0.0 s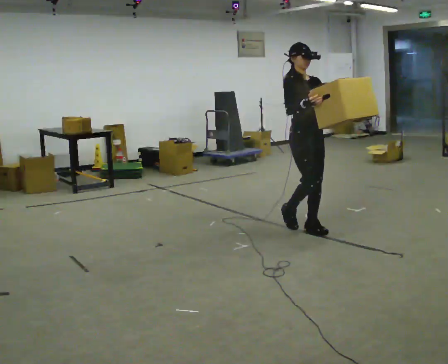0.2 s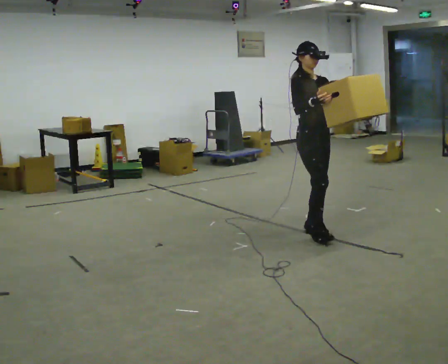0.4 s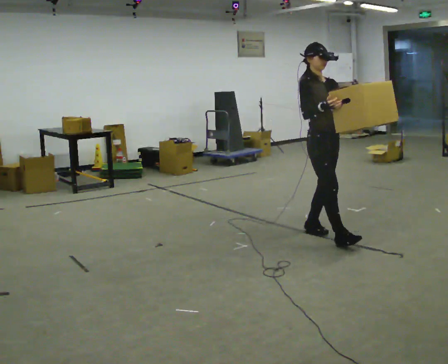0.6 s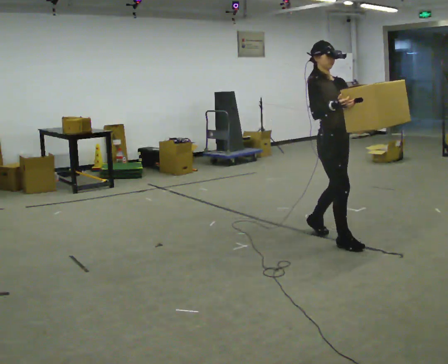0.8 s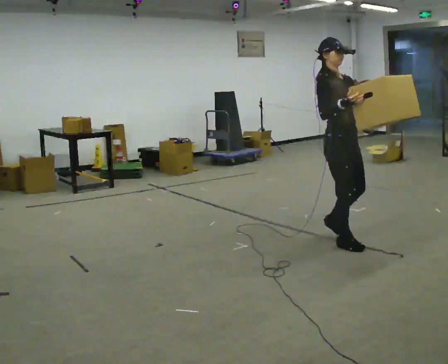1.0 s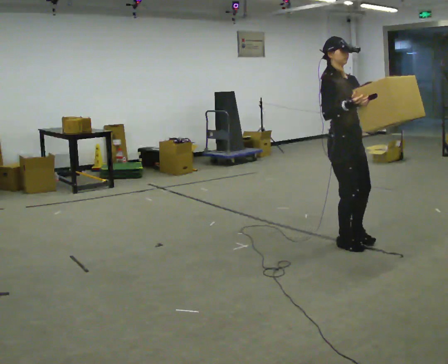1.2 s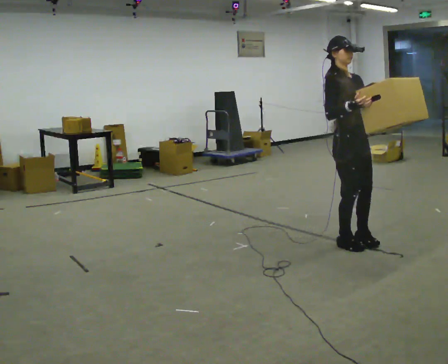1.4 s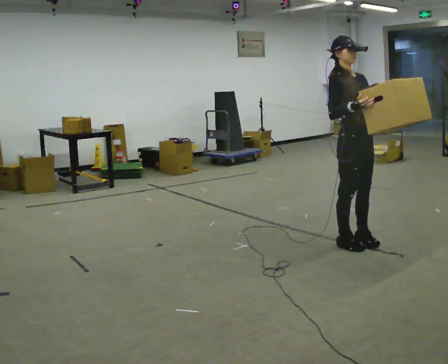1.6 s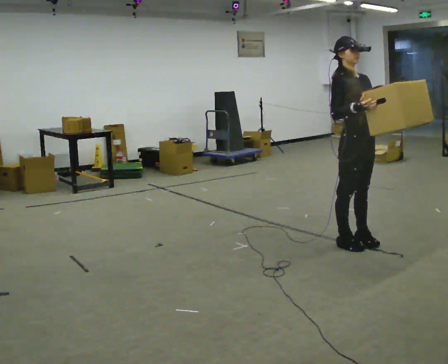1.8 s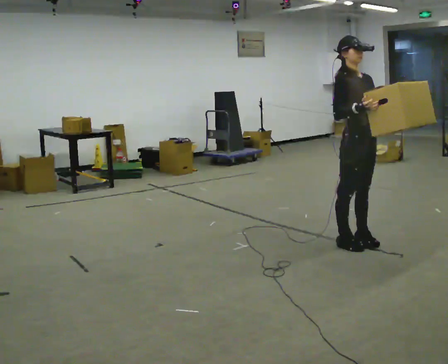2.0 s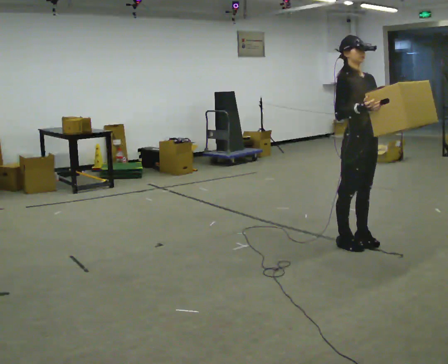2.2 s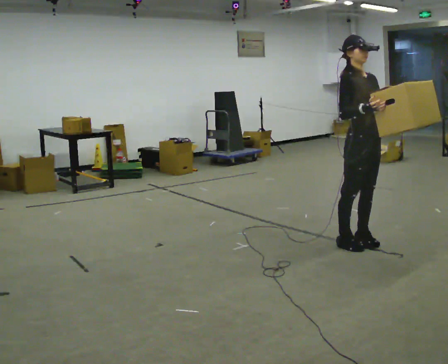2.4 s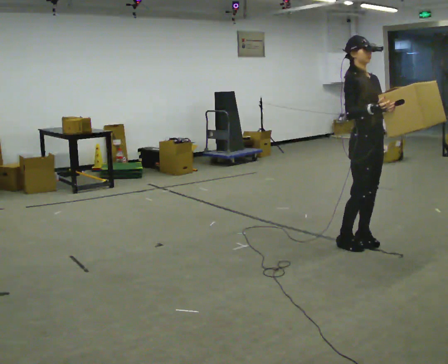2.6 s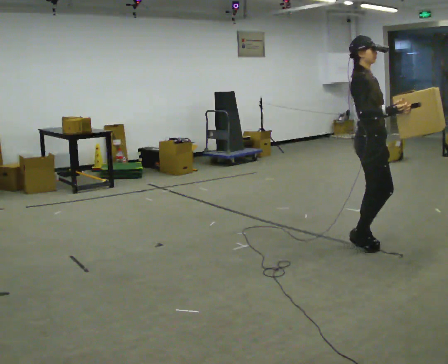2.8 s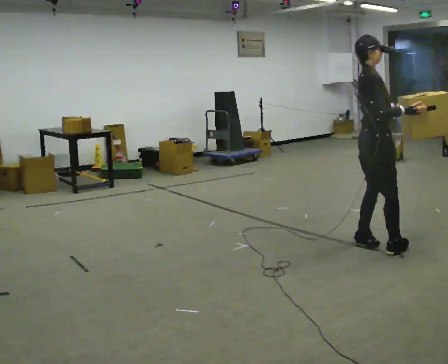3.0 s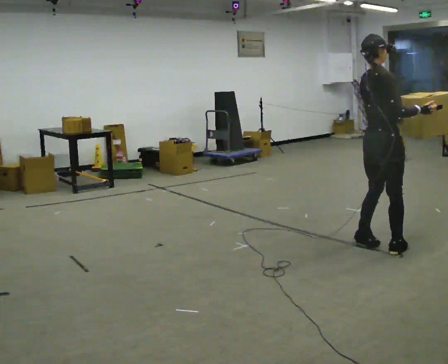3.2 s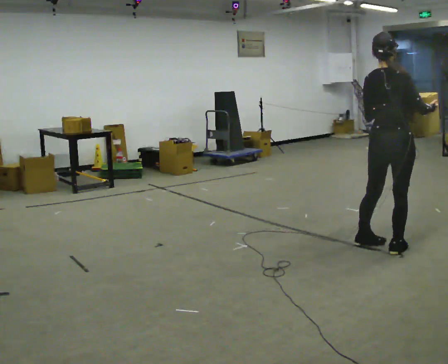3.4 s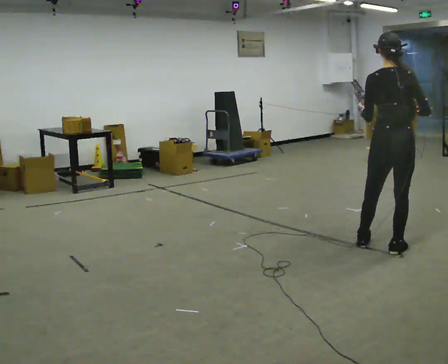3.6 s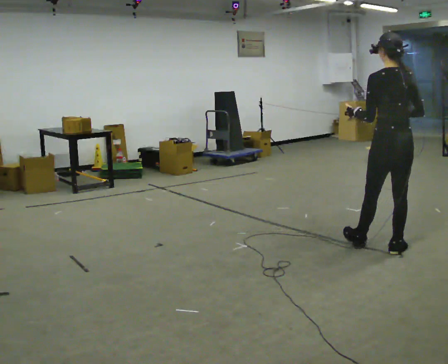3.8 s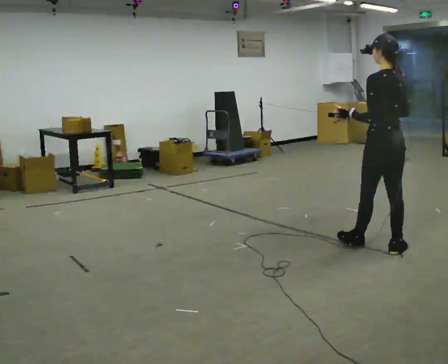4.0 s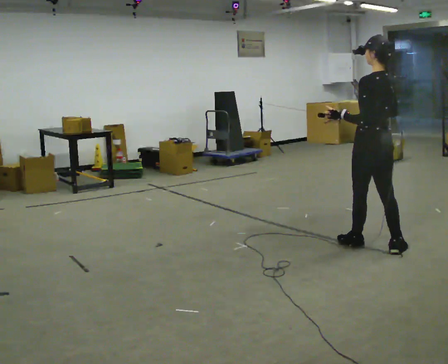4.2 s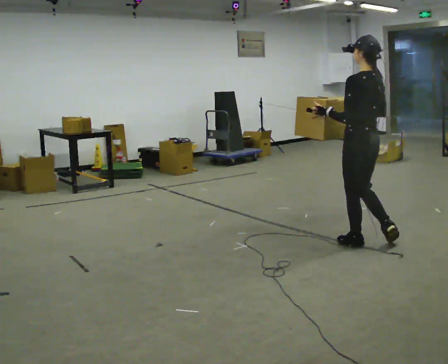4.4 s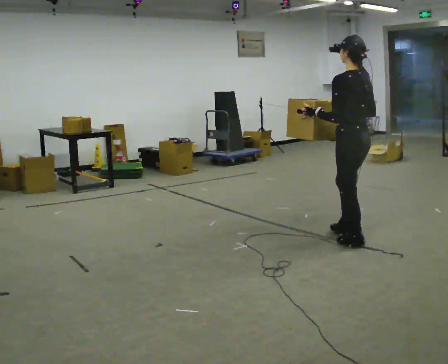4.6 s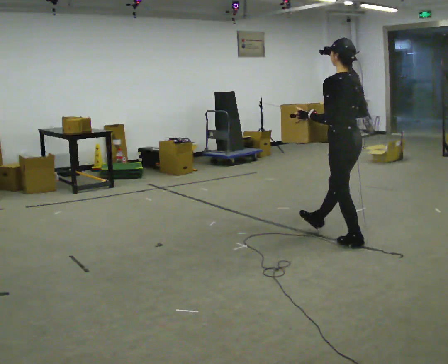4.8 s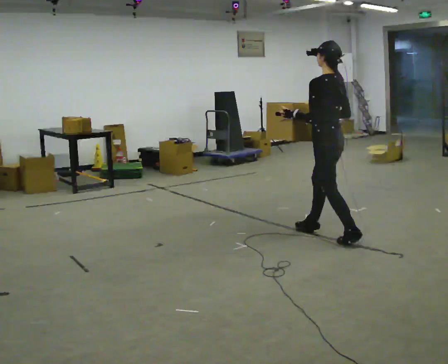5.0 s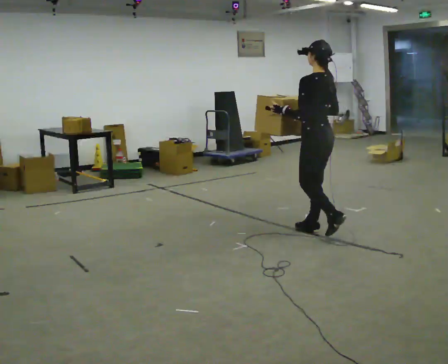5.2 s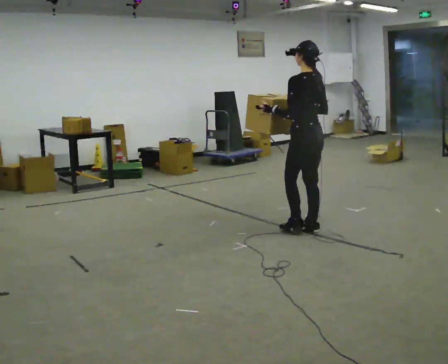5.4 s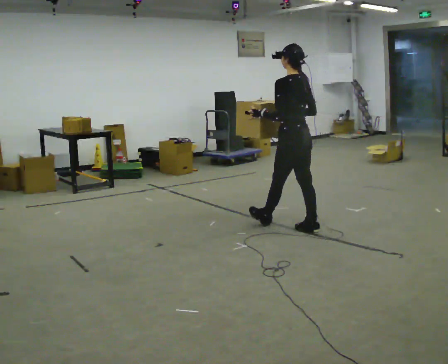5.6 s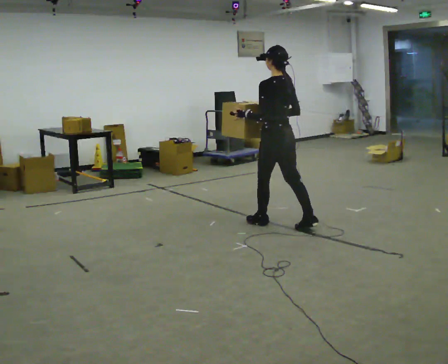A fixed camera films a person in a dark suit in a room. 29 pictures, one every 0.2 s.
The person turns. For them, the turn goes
to their left.
The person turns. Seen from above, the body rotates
counterclockwise.
0.0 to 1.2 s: In the picture they go toward the camera and to the right, about 0.5 m in 2 steps, which for them is forward.
1.2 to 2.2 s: The person moves a little, or ends about where they began.
2.2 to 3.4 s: The person turns about 135 degrees to their left, counterclockwise seen from above, so the part of the body nearest the lens slides to the right. In the picture they go to the right and toward the camera, about 0.25 m in 1 step.
3.4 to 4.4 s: The part of the body nearest the lens slides to the right as the person turns to their left by about 45 degrees. In the picture they go to the left and away from the camera, about 0.25 m, which for them is forward.
4.4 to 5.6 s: In the picture they go to the left and away from the camera, about 1 m in 2 steps, which for them is forward.
The film runs forward here.
